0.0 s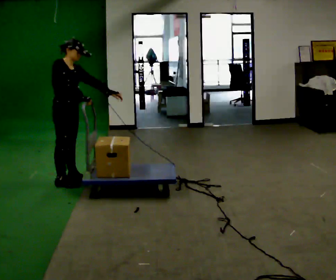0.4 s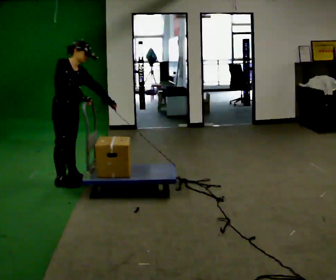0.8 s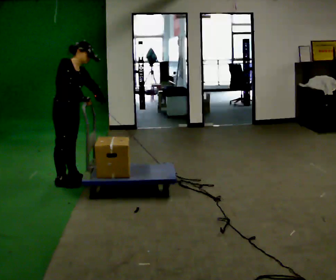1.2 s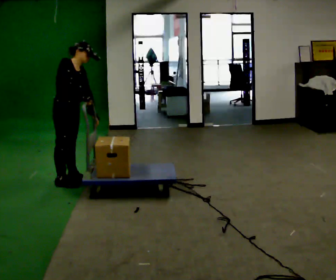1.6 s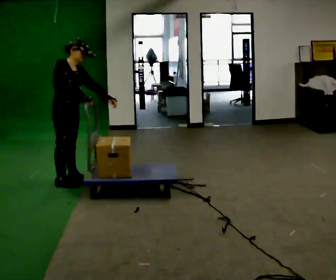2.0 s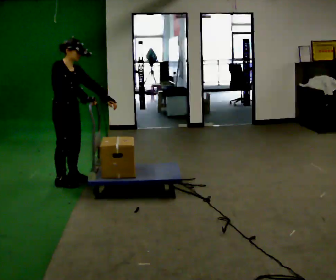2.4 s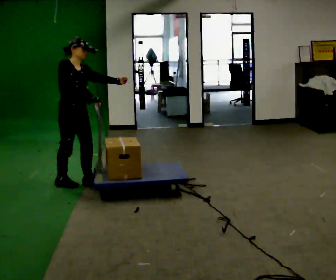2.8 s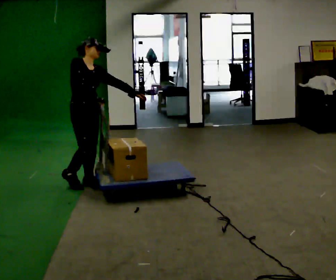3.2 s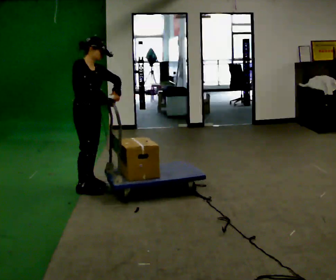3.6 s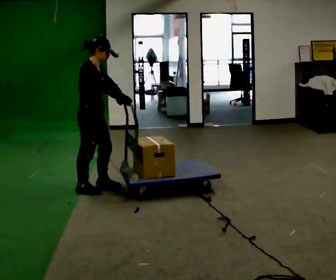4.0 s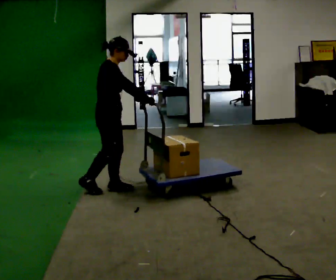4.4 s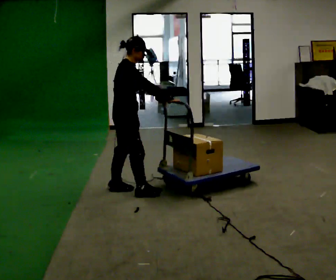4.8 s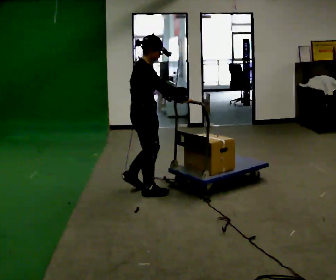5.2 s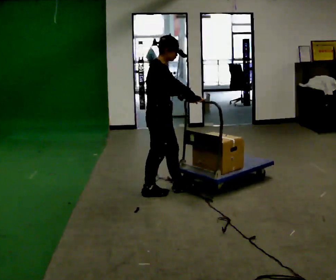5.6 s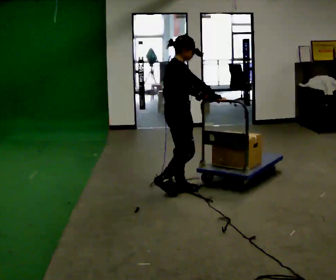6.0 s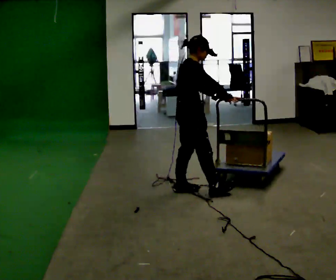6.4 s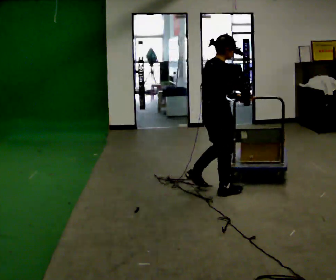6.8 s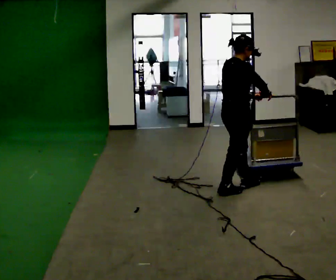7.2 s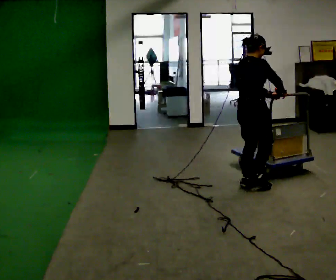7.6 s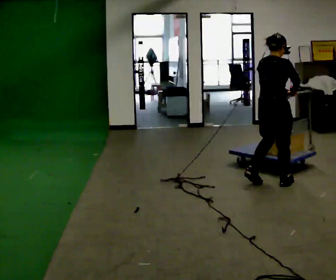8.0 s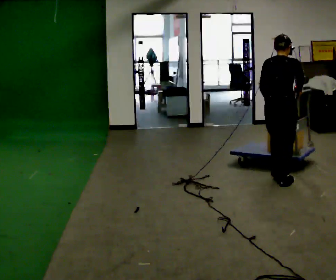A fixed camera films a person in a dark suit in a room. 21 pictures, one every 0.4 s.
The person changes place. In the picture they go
to the right.
0.0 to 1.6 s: The person moves a little, or ends about where they began.
1.6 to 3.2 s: In the picture they go to the right and toward the camera, about 0.25 m in 2 steps, which for them is forward.
3.2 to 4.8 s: In the picture they go to the right, about 0.5 m in 2 steps, which for them is forward.
4.8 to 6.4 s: In the picture they go to the right, about 0.75 m in 2 steps, which for them is forward.
6.4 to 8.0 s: The part of the body nearest the lens slides to the right as the person turns to their left by about 45 degrees. In the picture they go to the right, about 0.5 m in 3 steps, which for them is forward.
The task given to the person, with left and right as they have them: Push the cart across the room and back. The operator will change how much is loaded on it between takes and will tell you each time.
The film runs forward here.
